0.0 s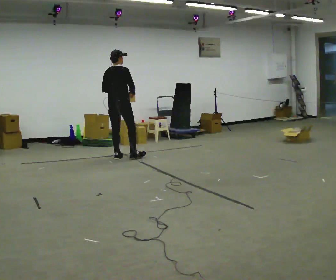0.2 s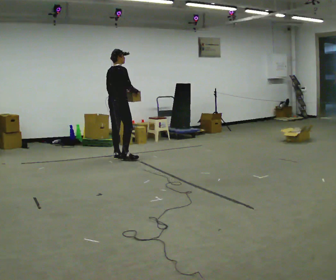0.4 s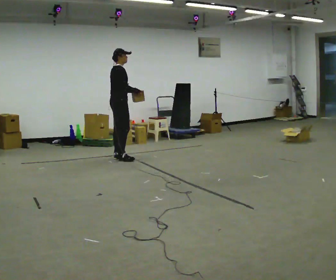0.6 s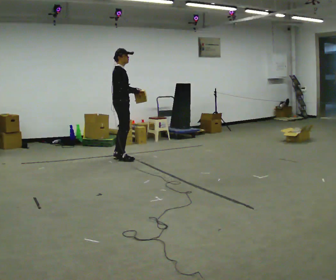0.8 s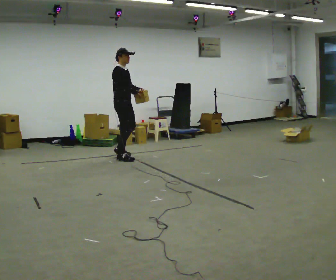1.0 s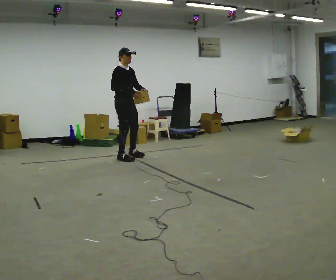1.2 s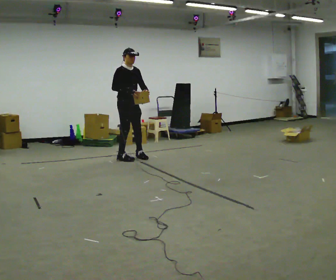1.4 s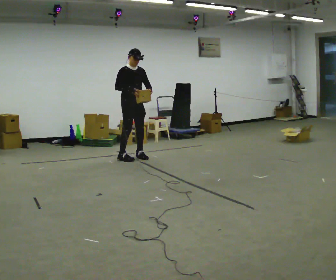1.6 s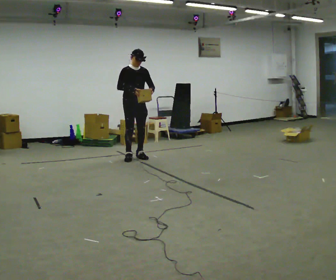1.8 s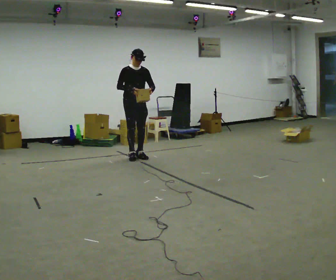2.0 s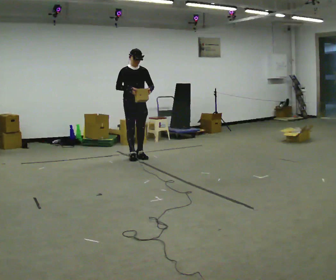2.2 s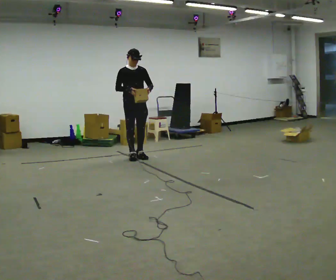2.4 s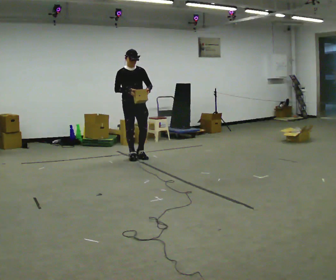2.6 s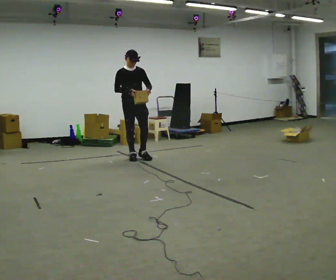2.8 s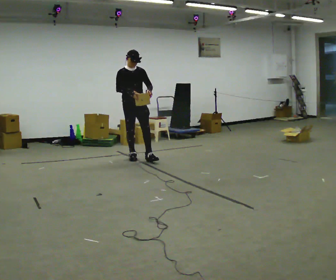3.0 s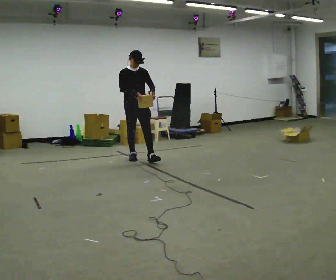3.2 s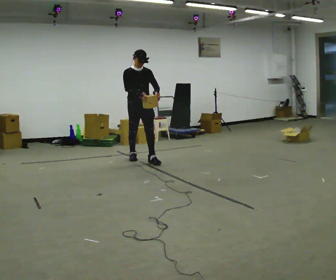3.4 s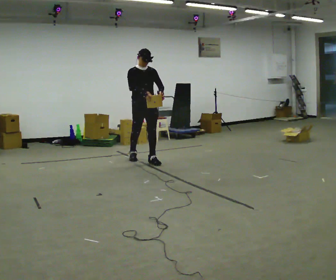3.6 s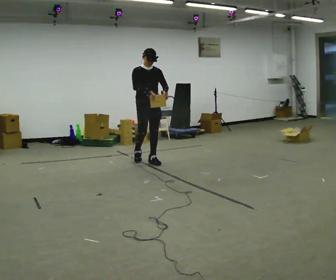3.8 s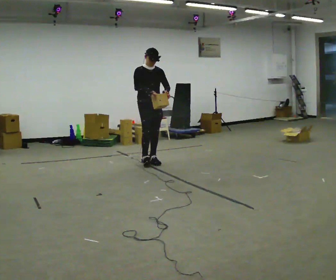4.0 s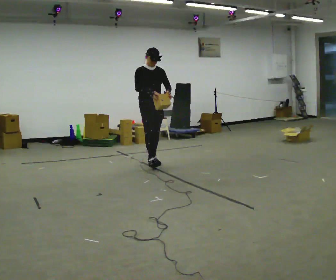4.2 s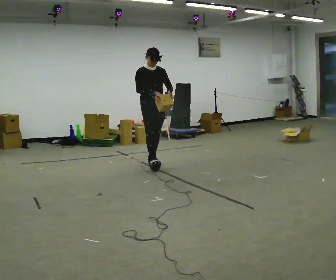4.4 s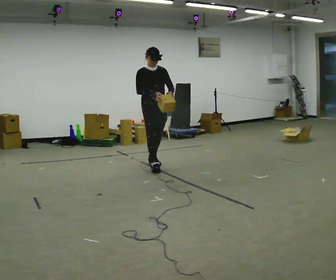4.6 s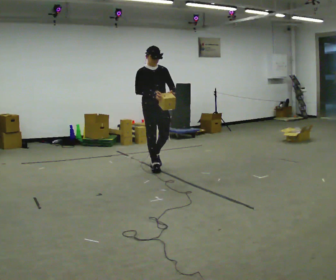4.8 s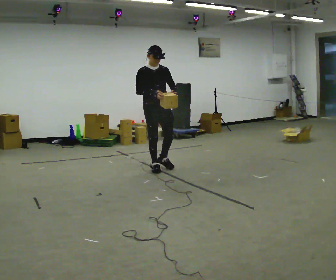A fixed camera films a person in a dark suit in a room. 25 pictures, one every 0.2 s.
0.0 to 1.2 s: Seen from above the body turns clockwise, about 105 degrees: to their right, with its near side sliding to the left. In the picture they go to the right, about 0.25 m in 2 steps. In the picture their left hand goes to the right, the arm swinging counterclockwise.
1.2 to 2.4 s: The person moves a little, or ends about where they began.
2.4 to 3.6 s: In the picture they go toward the camera and to the right, about 0.25 m in 1 step, which for them is forward.
3.6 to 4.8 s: In the picture they go toward the camera, about 0.5 m in 1 step, which for them is forward.
The film runs forward here.
